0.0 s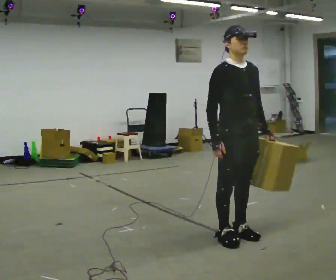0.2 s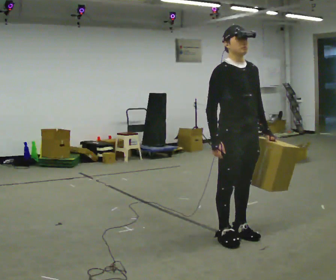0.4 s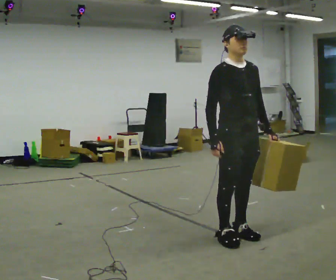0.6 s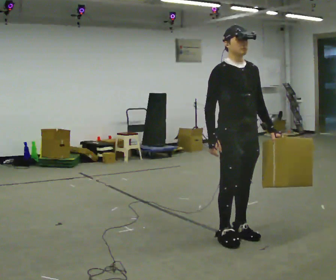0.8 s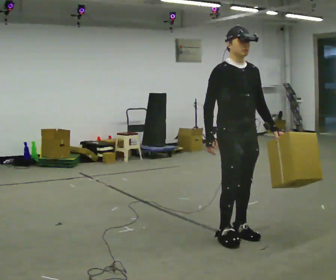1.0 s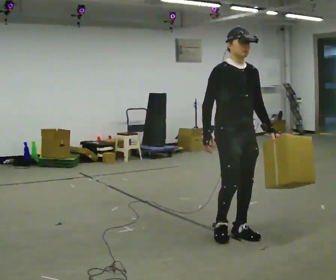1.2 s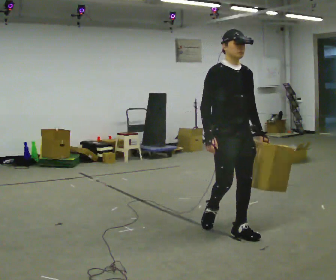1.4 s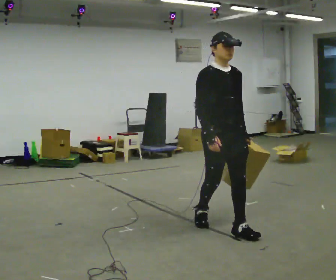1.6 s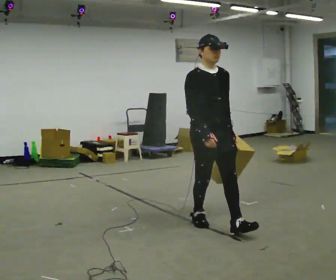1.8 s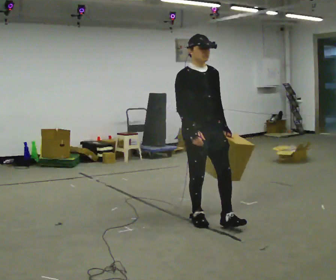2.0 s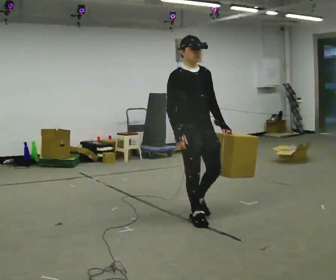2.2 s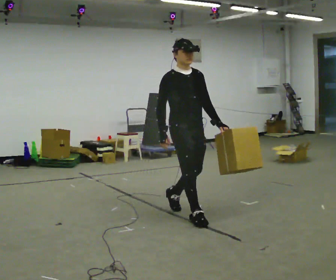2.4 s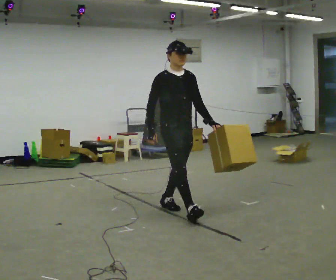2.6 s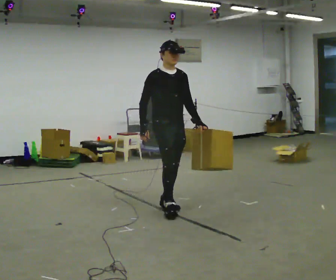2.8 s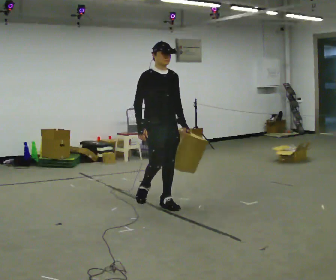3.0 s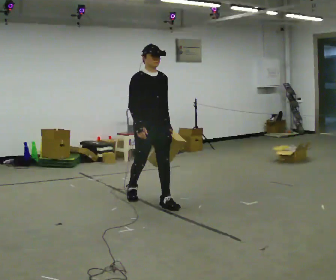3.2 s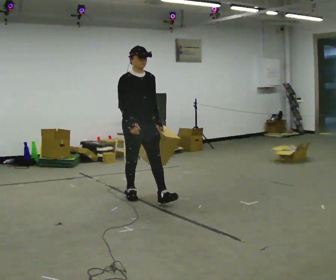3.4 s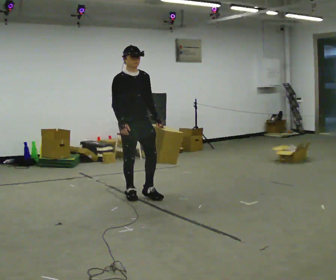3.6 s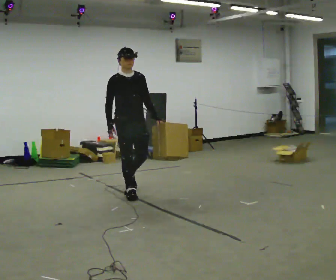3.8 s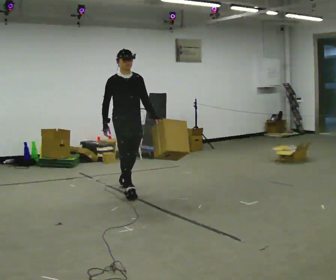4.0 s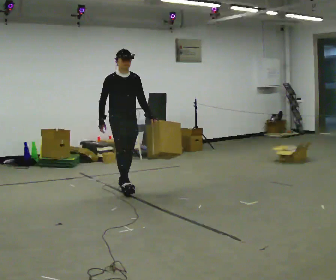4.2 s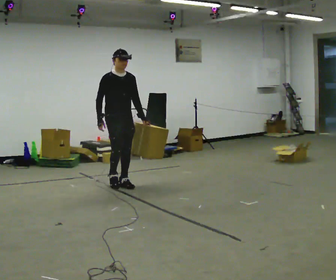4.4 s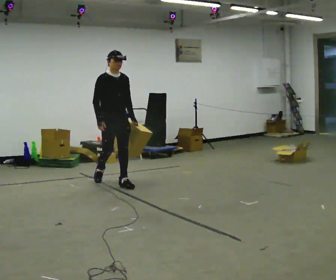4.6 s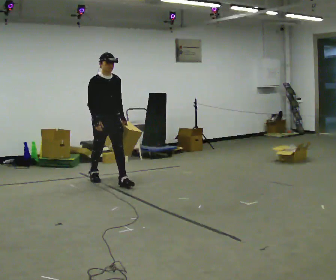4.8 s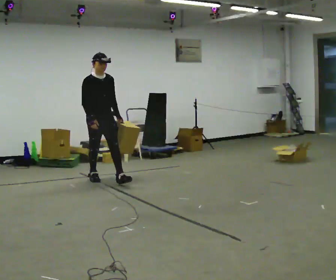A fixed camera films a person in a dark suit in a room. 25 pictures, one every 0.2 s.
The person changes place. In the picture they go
away from the camera.
0.0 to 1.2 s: The person moves a little, or ends about where they began.
1.2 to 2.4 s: In the picture they go away from the camera and to the left, about 1 m in 2 steps, which for them is backward.
2.4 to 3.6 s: In the picture they go away from the camera and to the left, about 1 m in 1 step, which for them is backward.
3.6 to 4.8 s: In the picture they go away from the camera and to the left, about 1 m in 2 steps, which for them is backward.
The film runs backward here.
